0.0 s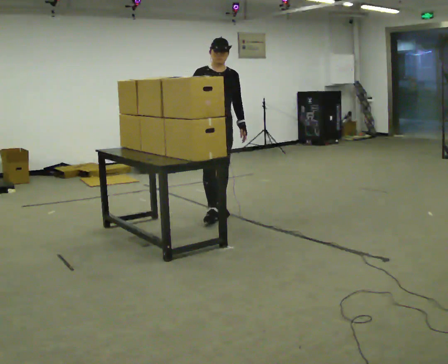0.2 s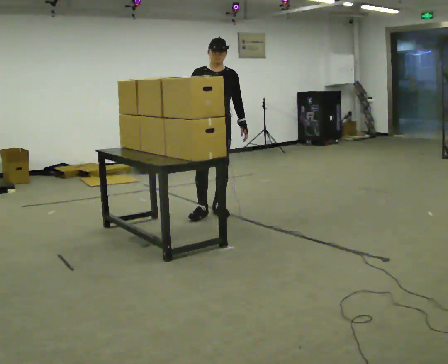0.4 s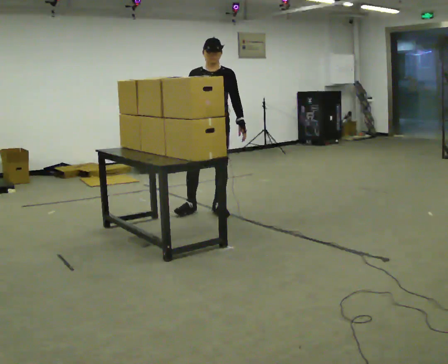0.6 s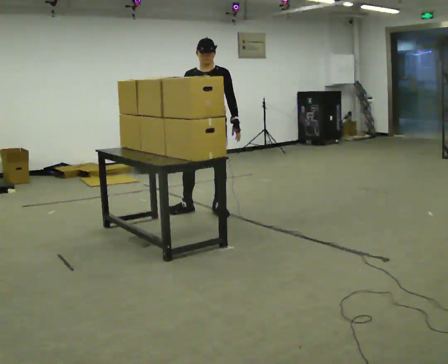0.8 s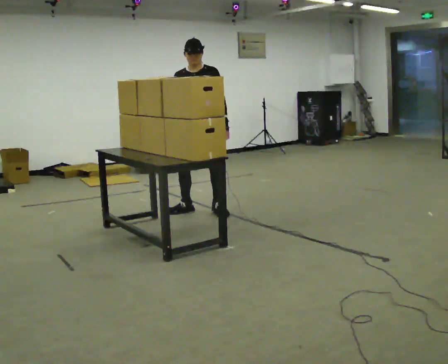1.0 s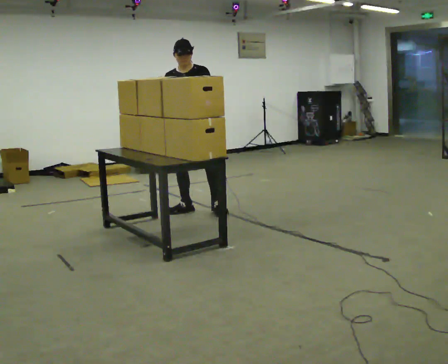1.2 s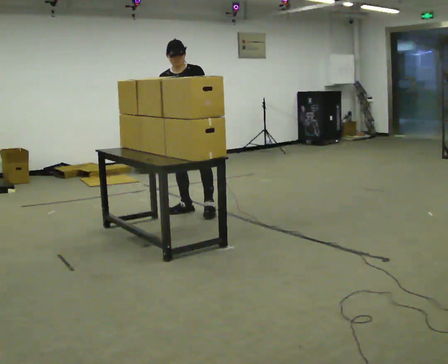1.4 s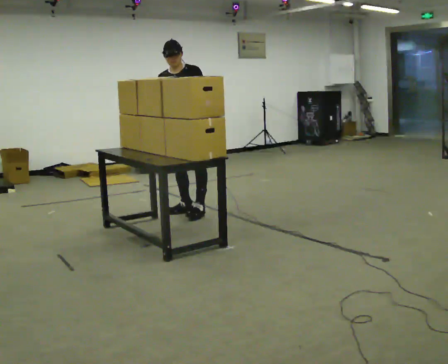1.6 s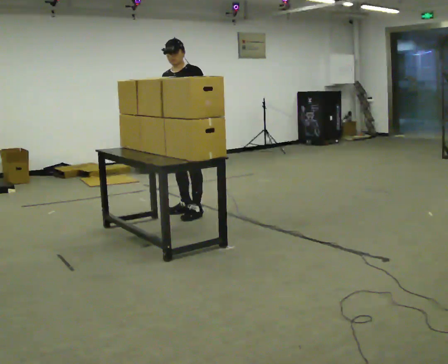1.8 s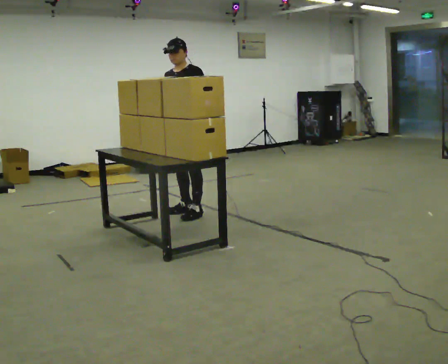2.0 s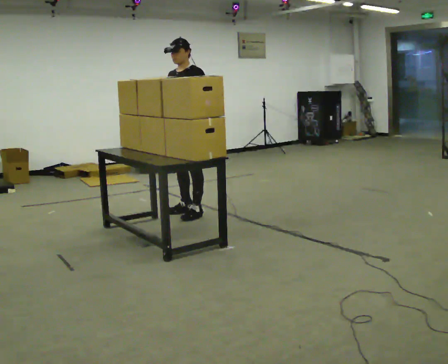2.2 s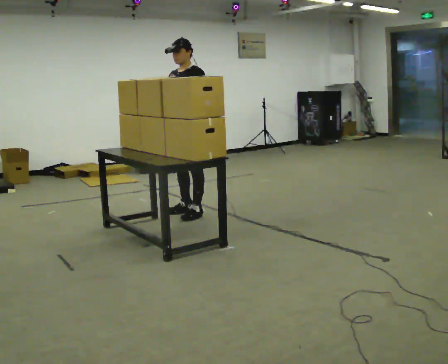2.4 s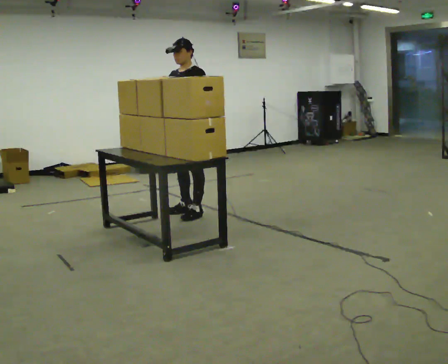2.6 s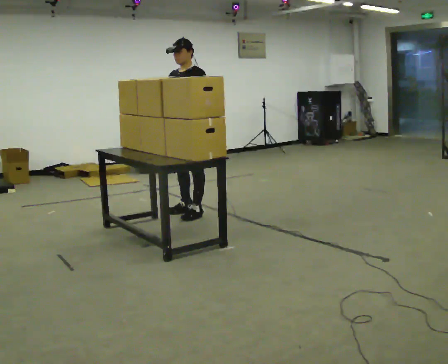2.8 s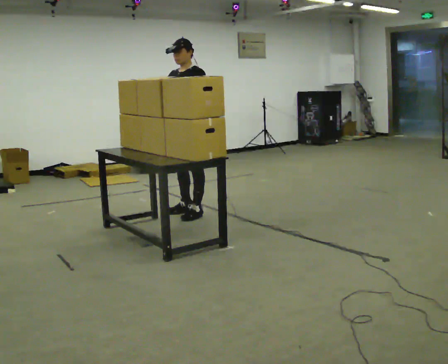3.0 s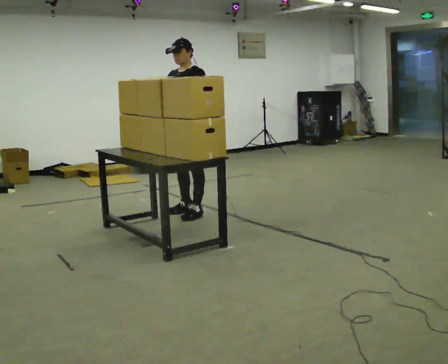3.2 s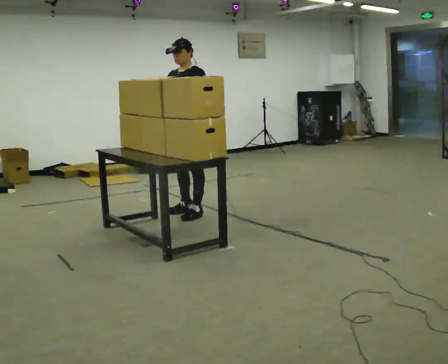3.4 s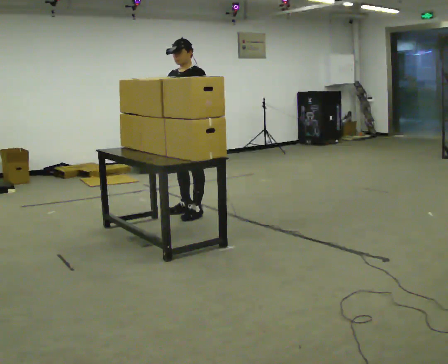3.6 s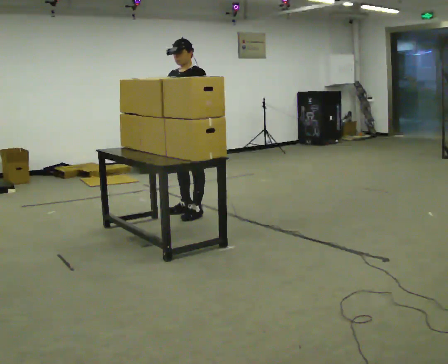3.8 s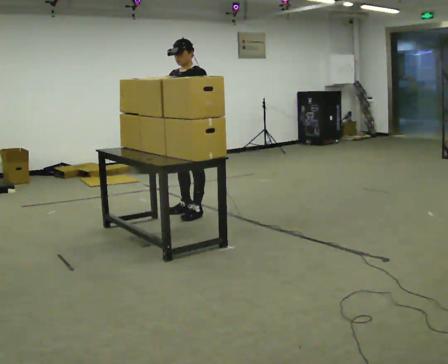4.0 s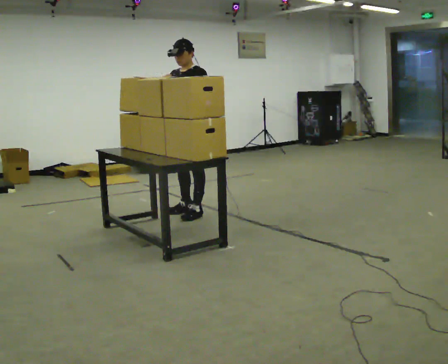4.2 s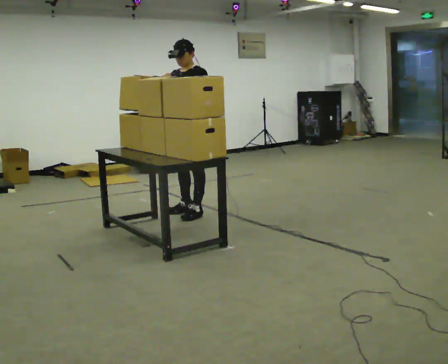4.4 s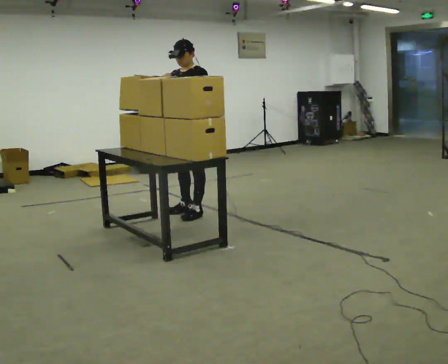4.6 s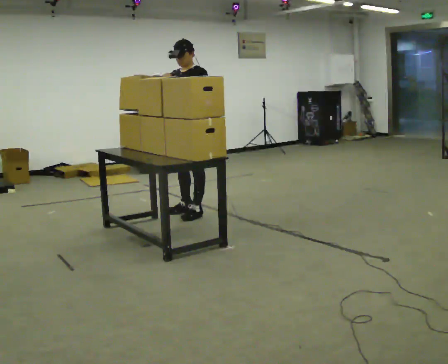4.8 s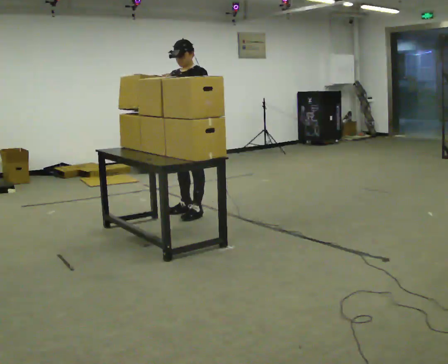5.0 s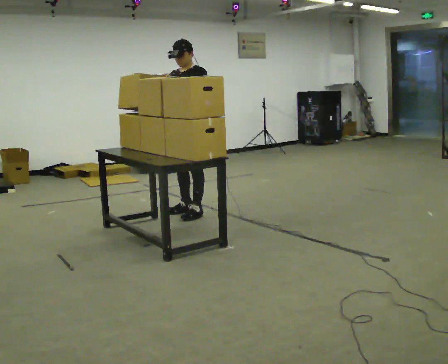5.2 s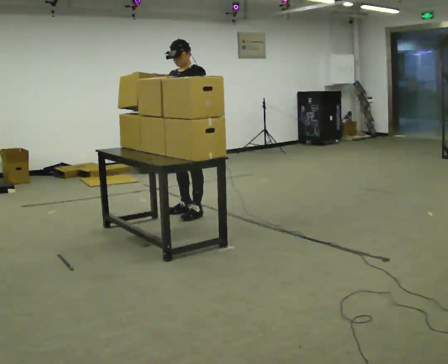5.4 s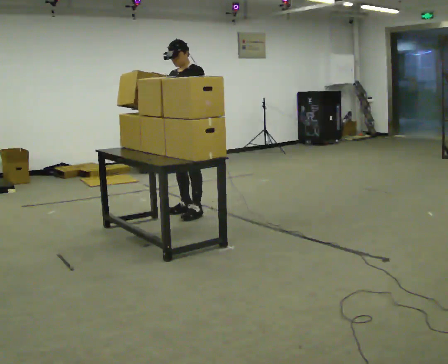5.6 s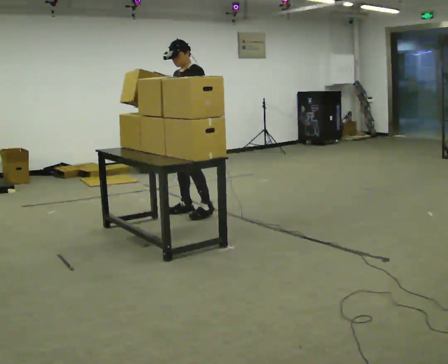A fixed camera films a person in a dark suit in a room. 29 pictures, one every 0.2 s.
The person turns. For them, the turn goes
to their right.
The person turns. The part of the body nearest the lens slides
to the left.
0.0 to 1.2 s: Seen from above the body turns clockwise, about 30 degrees: to their right, with its near side sliding to the left. In the picture they go to the left and away from the camera, about 0.25 m in 1 step, which for them is to their right. In the picture the upper body tilts counterclockwise, shoulders to the left.
1.2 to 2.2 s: The part of the body nearest the lens slides to the left as the person turns to their right by about 30 degrees. In the picture the upper body tilts clockwise, shoulders to the right, as they lean back or straighten.
2.2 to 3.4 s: The person moves a little, or ends about where they began.
3.4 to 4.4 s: The person keeps their place and pose.
4.4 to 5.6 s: The person moves a little, or ends about where they began.
The film runs backward here.
